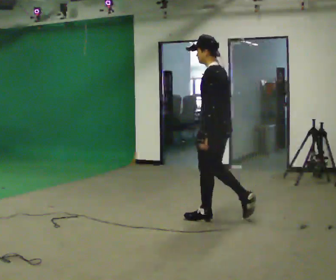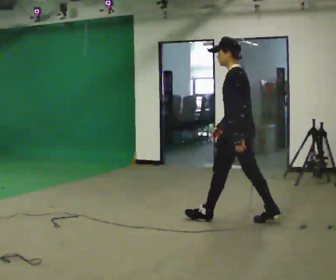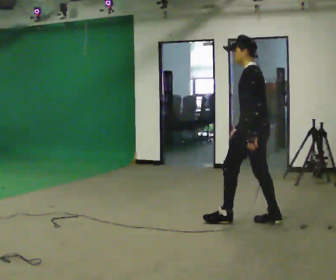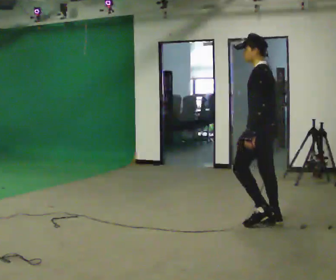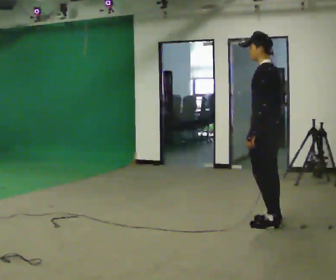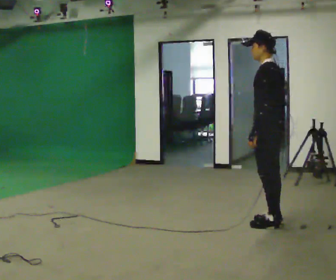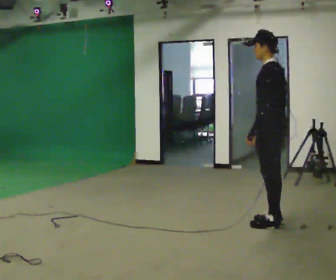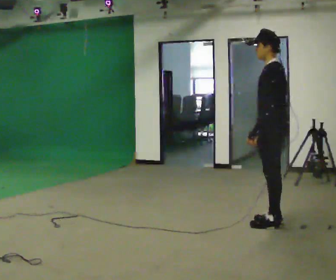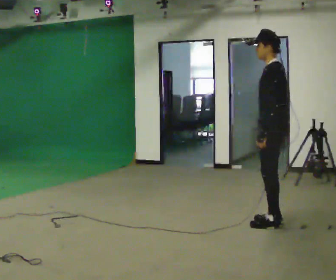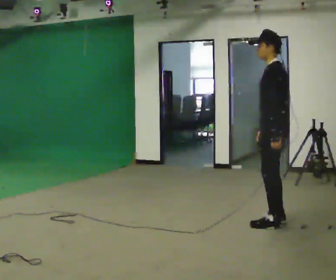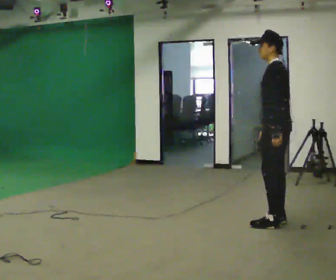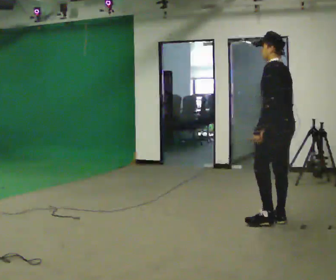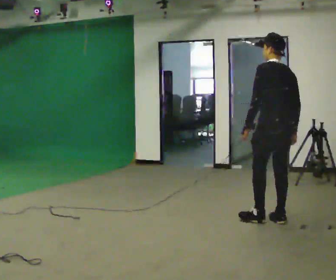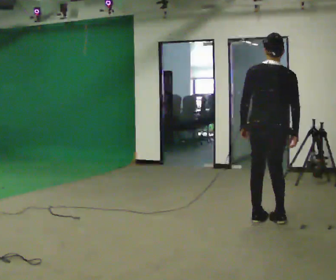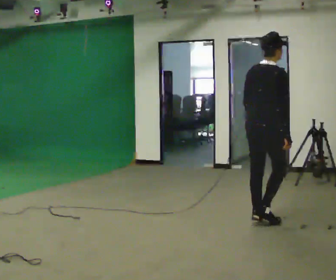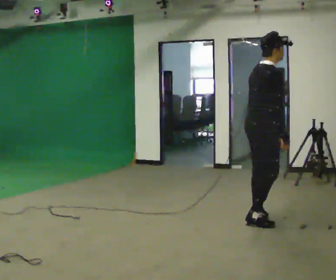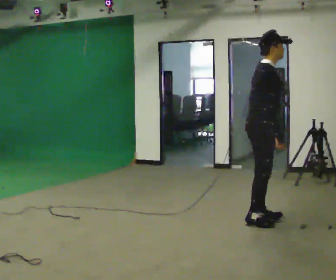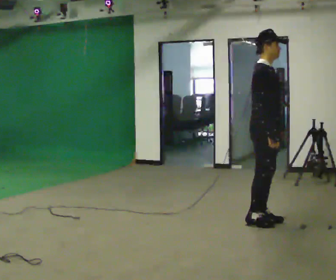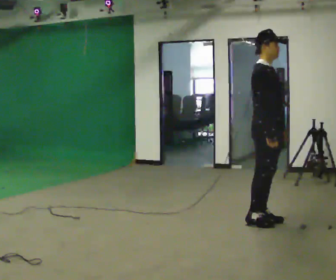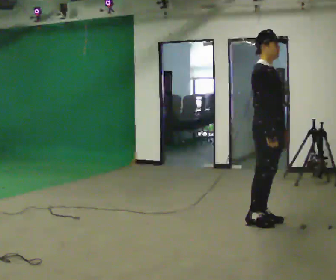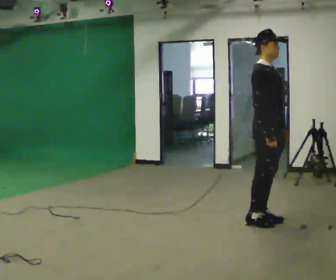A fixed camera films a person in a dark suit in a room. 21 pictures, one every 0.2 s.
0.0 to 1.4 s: In the picture they go to the right, about 0.5 m in 1 step, which for them is backward.
1.4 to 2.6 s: Seen from above the body turns clockwise, about 75 degrees: to their right, with its near side sliding to the left.
2.6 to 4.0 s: The part of the body nearest the lens slides to the left as the person turns to their right by about 105 degrees. In the picture their left hand goes to the right, the arm swinging counterclockwise.
The film runs backward here.
